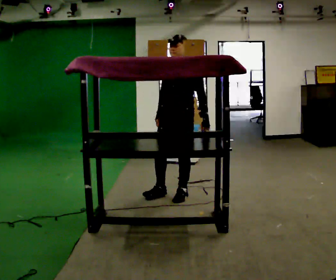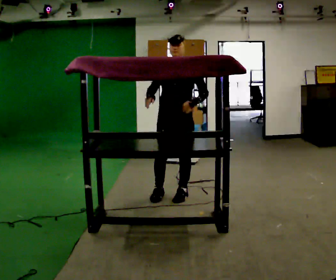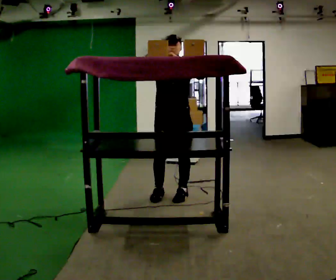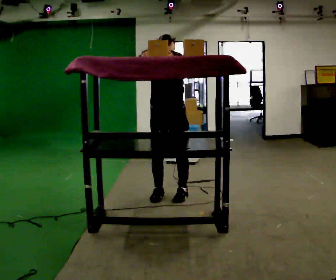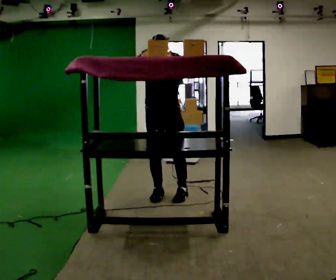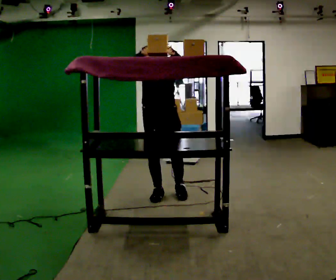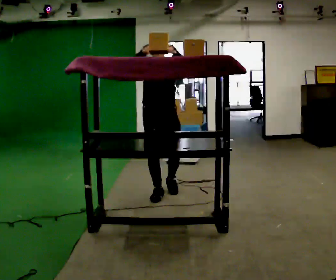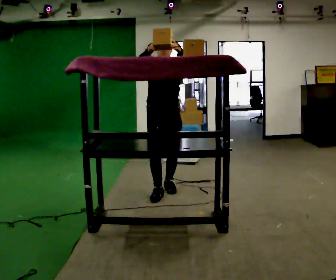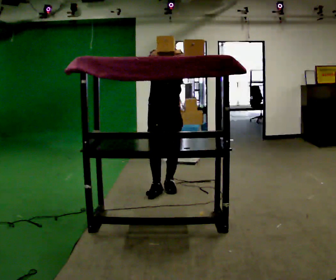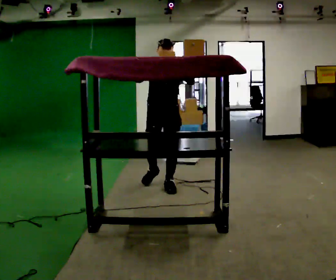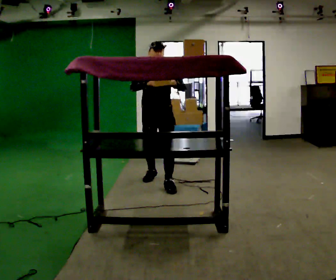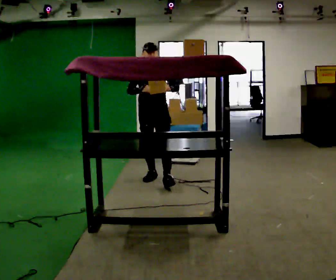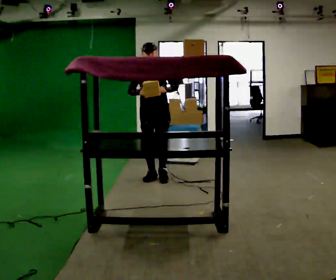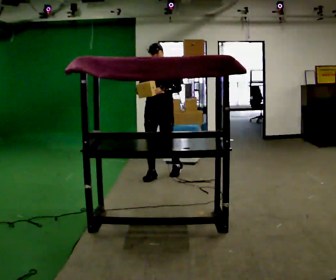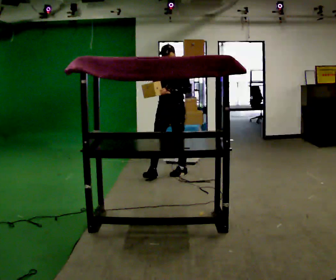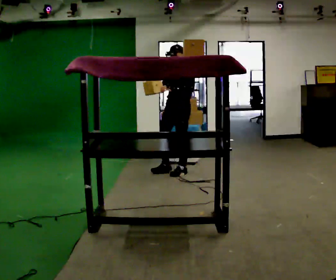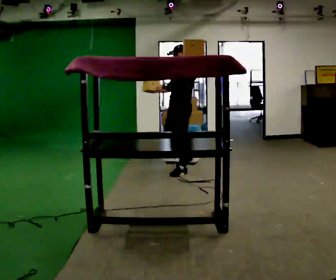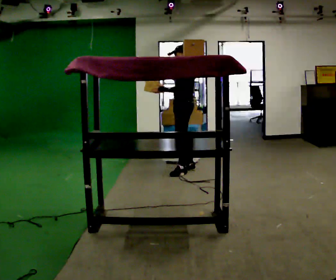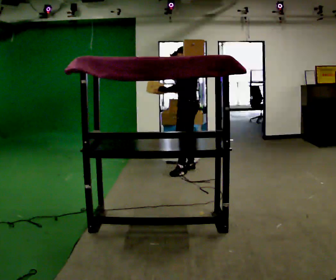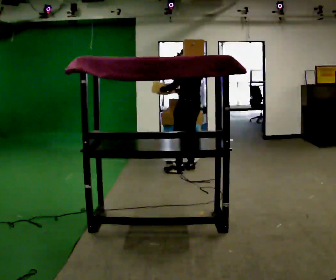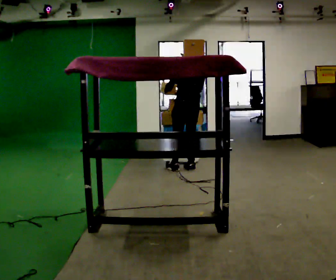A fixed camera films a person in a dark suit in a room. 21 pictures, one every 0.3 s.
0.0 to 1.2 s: Seen from above the body turns counterclockwise, about 45 degrees: to their left, with its near side sliding to the right. In the picture they go to the left, about 0.25 m, which for them is to their right. In the picture their right hand goes upward.
1.2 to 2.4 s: In the picture they go away from the camera, about 0.25 m in 2 steps, which for them is backward.
2.4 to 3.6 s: In the picture they go away from the camera, about 0.5 m in 1 step, which for them is backward. In the picture their right hand goes downward.
3.6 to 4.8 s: Seen from above the body turns clockwise, about 60 degrees: to their right, with its near side sliding to the left. In the picture they go to the right and away from the camera, about 0.5 m in 1 step, which for them is backward and to their left.
4.8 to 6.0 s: The person turns about 90 degrees to their right, clockwise seen from above, so the part of the body nearest the lens slides to the left.
The film runs backward here.
